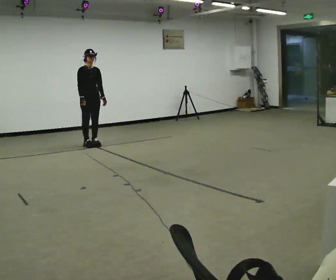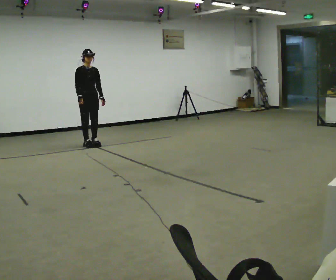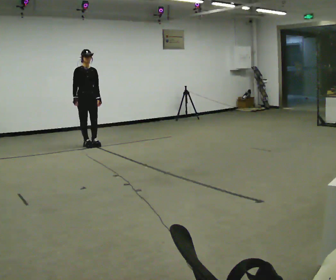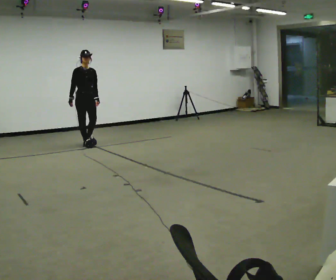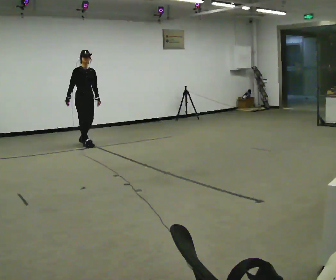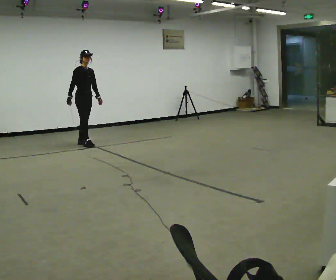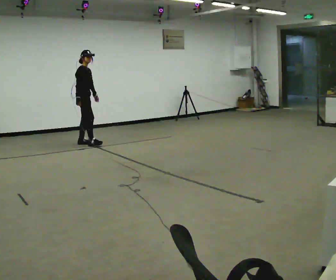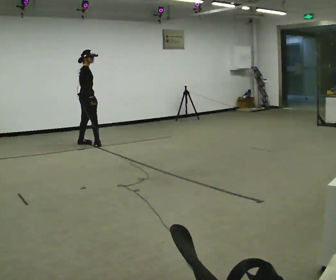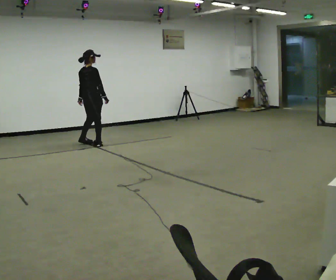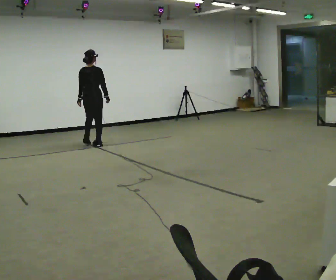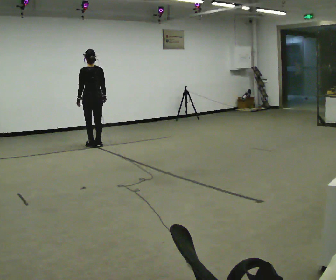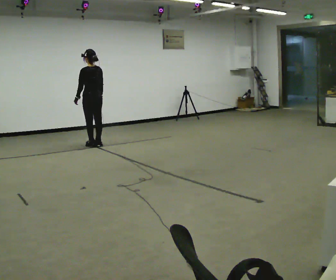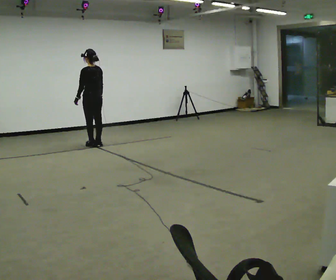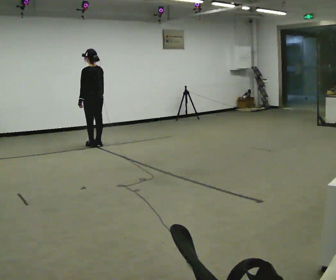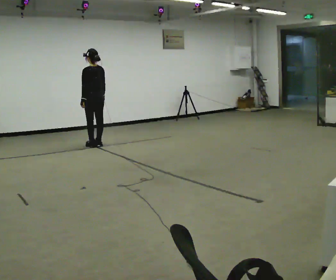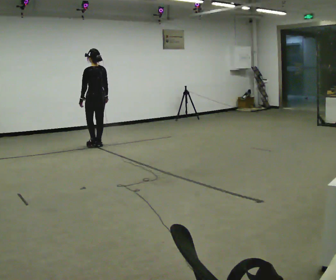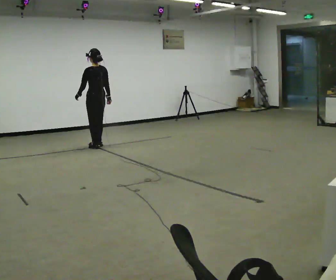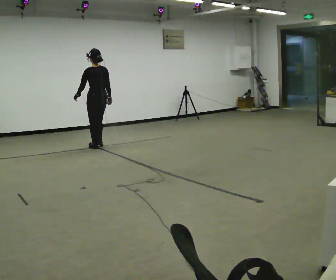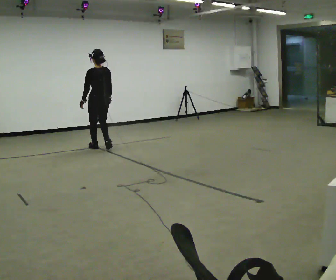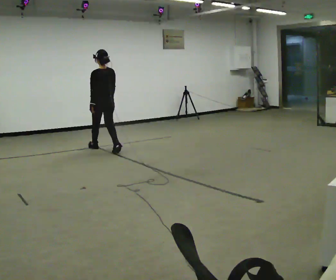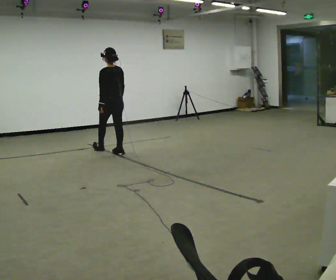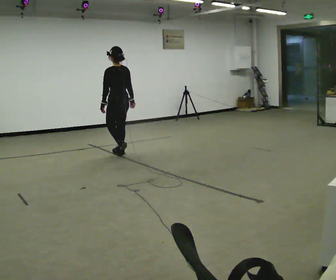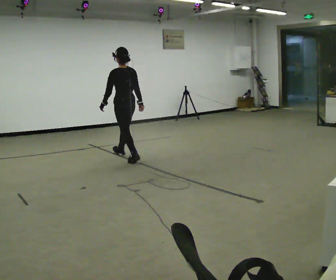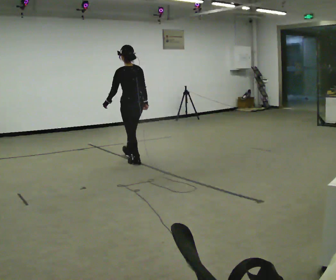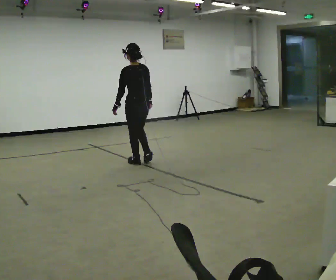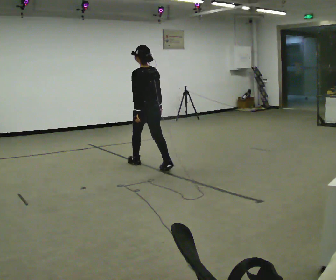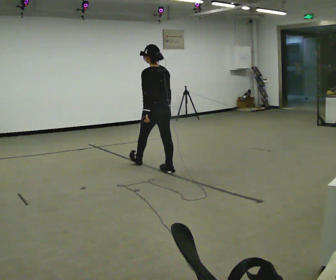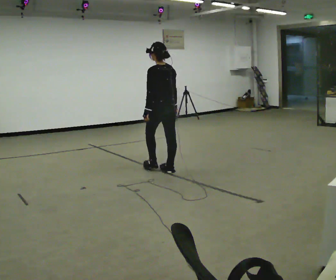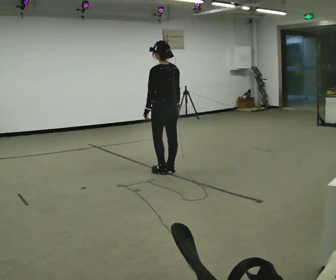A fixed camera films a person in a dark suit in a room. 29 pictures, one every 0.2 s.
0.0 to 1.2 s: The part of the body nearest the lens slides to the right as the person turns to their left by about 45 degrees.
1.2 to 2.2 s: The part of the body nearest the lens slides to the right as the person turns to their left by about 135 degrees. In the picture they go to the right, about 0.25 m in 1 step. In the picture their right hand goes to the right.
2.2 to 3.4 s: In the picture they go toward the camera, about 0.25 m in 2 steps, which for them is backward.
3.4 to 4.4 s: In the picture they go toward the camera and to the right, about 1 m in 1 step, which for them is backward.
4.4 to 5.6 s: In the picture they go toward the camera and to the right, about 1 m in 2 steps, which for them is backward.
The film runs backward here.
